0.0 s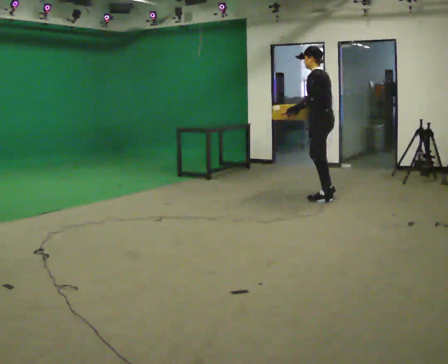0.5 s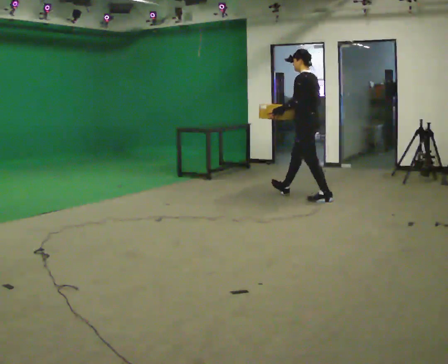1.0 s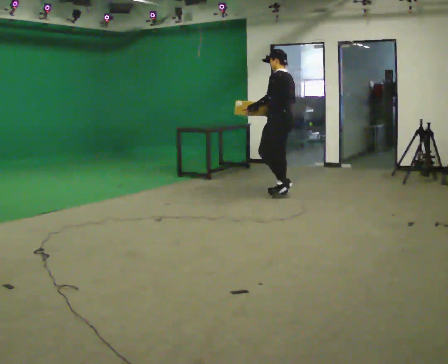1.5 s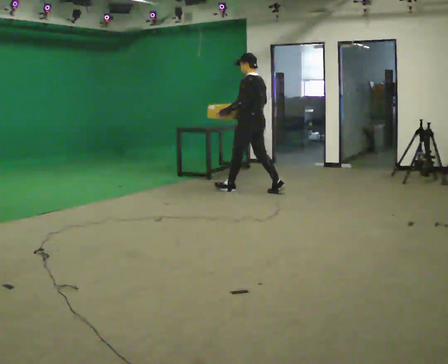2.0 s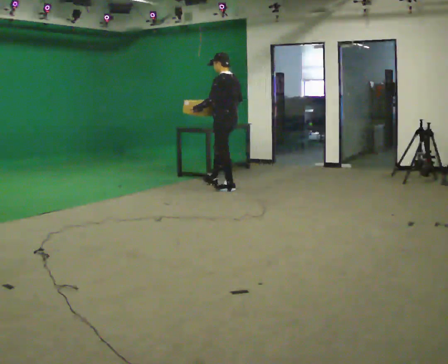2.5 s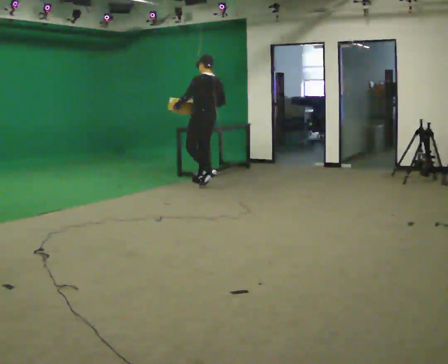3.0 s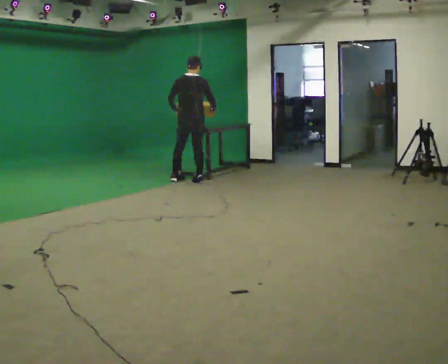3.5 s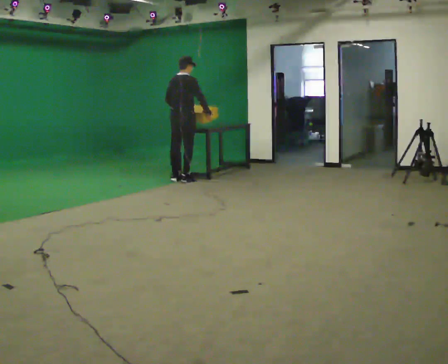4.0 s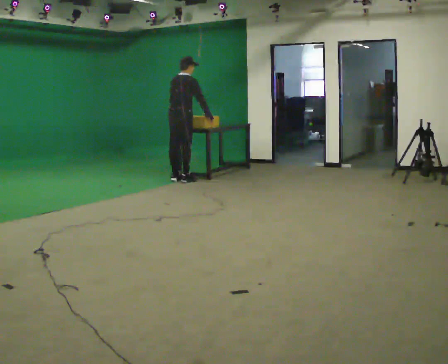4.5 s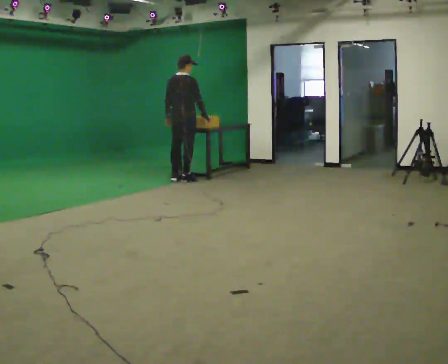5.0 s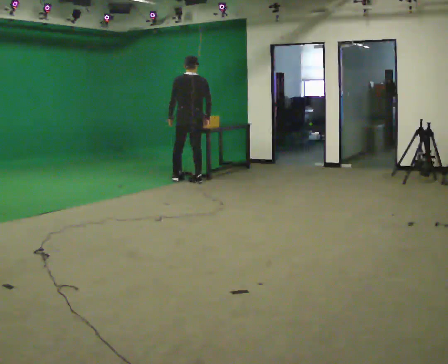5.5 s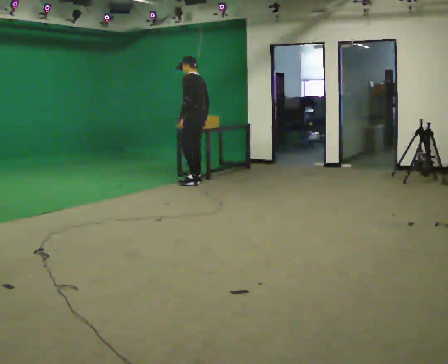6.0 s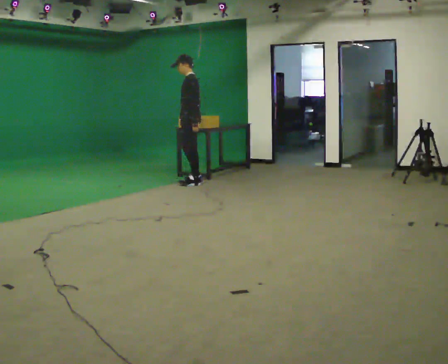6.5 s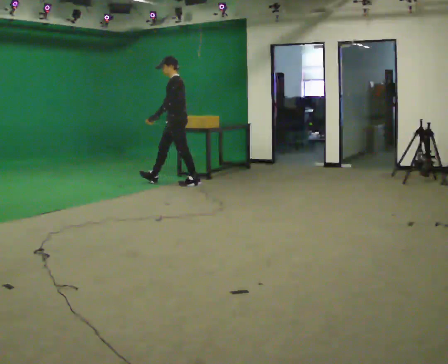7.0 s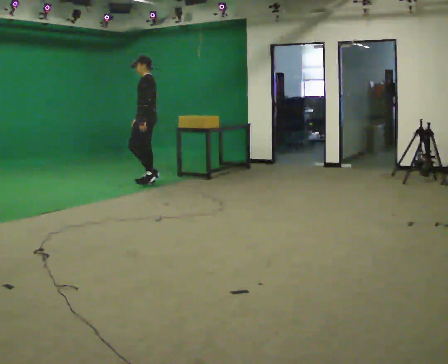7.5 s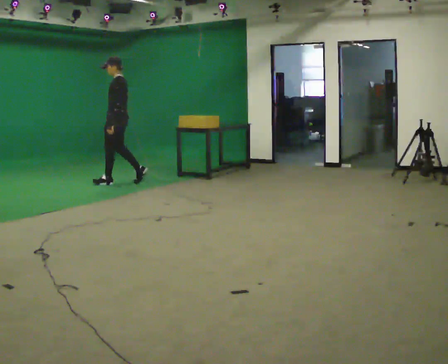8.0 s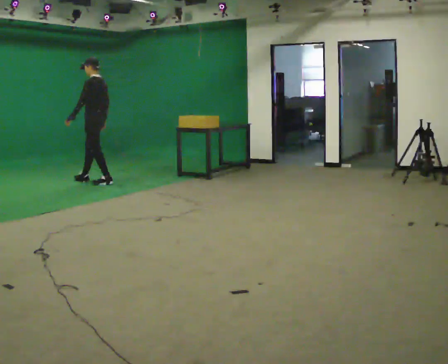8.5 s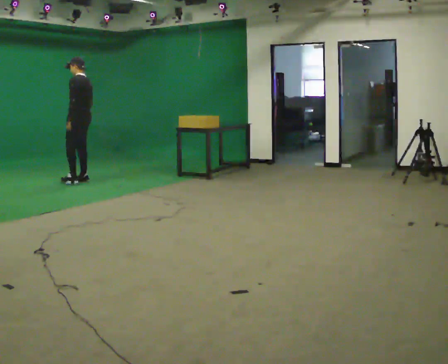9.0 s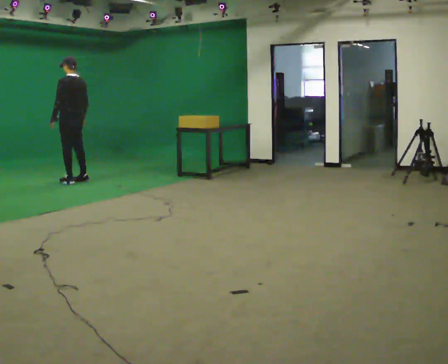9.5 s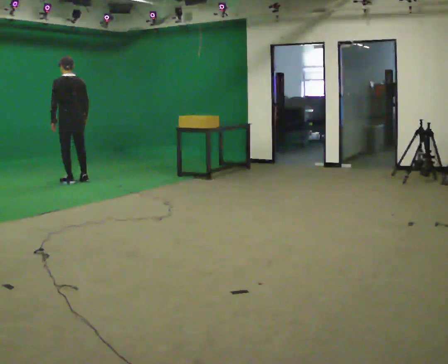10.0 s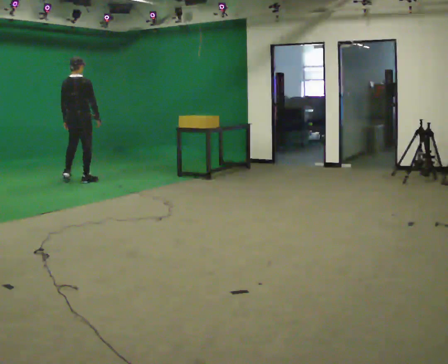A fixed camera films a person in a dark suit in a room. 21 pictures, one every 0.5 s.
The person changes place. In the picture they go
to the left.
0.0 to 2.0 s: In the picture they go to the left and away from the camera, about 1.5 m in 2 steps, which for them is forward.
2.0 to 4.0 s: Seen from above the body turns clockwise, about 90 degrees: to their right, with its near side sliding to the left. In the picture they go to the left and away from the camera, about 1 m in 3 steps.
4.0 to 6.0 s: The part of the body nearest the lens slides to the right as the person turns to their left by about 135 degrees. In the picture they go toward the camera and to the right, about 0.25 m in 2 steps.
6.0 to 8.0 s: In the picture they go to the left, about 1.5 m in 3 steps, which for them is forward.
8.0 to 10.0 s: Seen from above the body turns clockwise, about 105 degrees: to their right, with its near side sliding to the left. In the picture they go to the left, about 0.25 m in 1 step.
The film runs forward here.
